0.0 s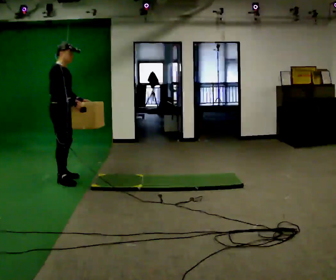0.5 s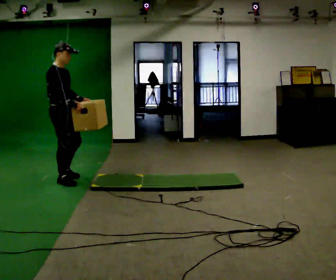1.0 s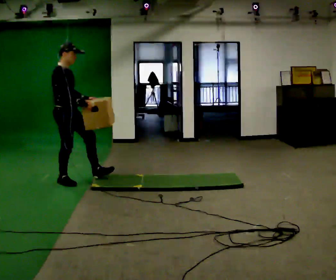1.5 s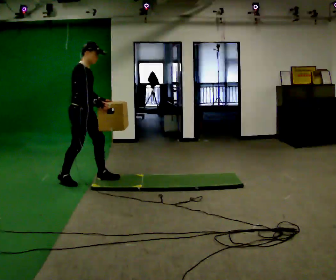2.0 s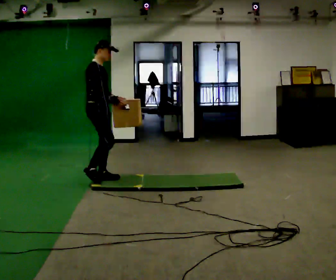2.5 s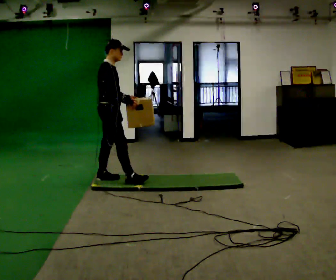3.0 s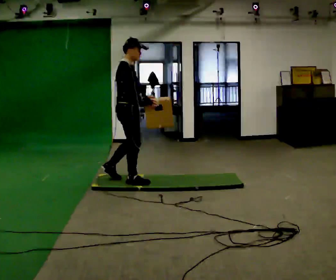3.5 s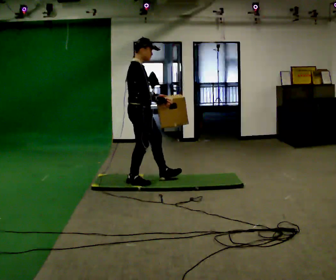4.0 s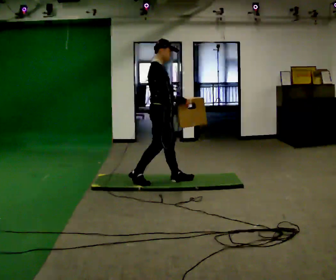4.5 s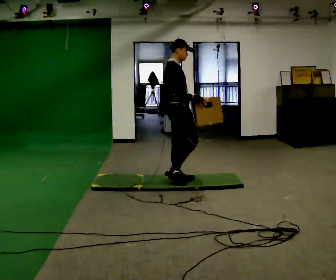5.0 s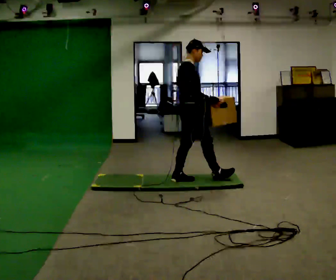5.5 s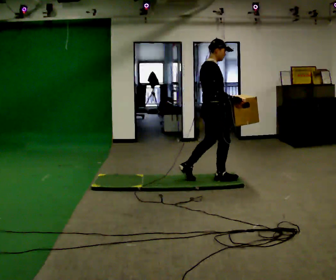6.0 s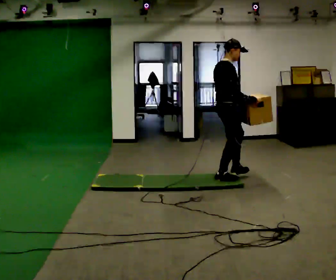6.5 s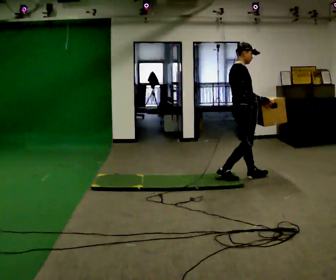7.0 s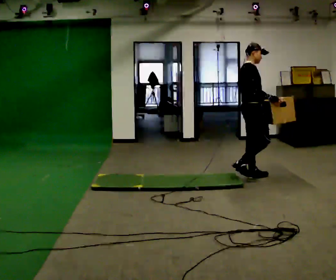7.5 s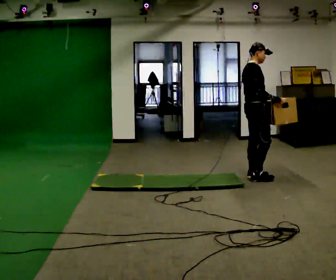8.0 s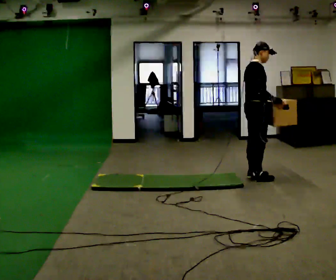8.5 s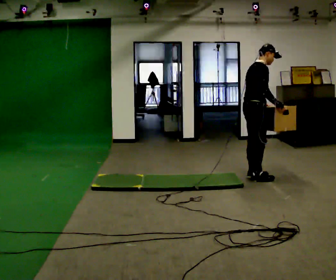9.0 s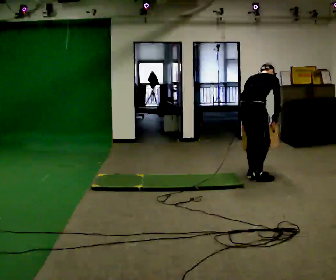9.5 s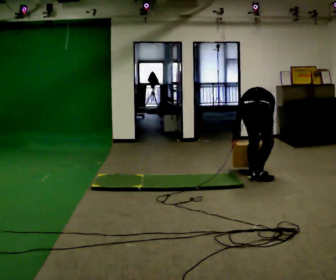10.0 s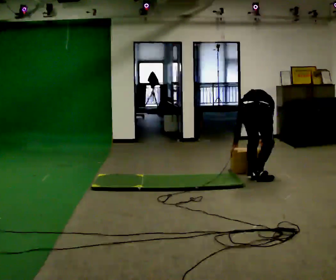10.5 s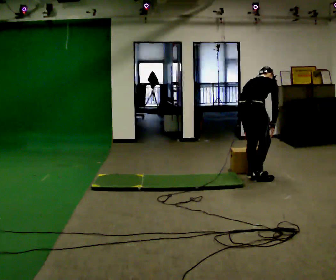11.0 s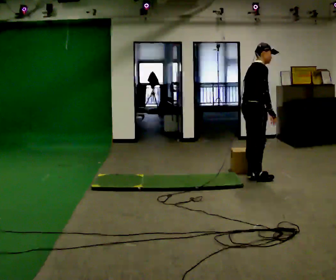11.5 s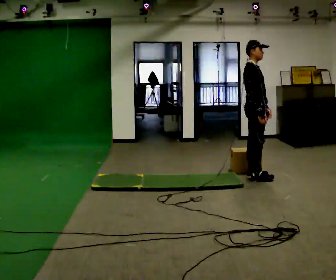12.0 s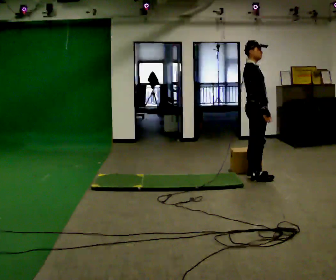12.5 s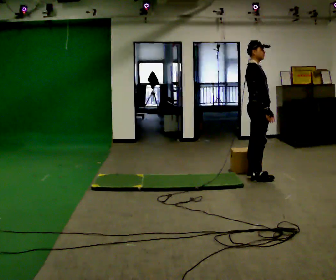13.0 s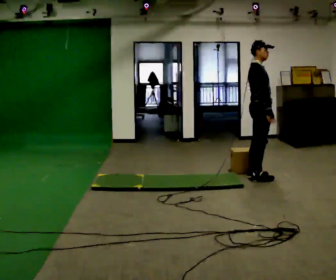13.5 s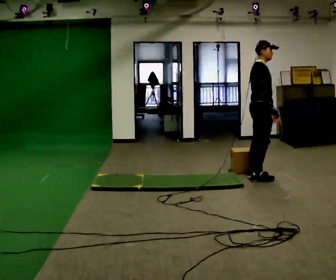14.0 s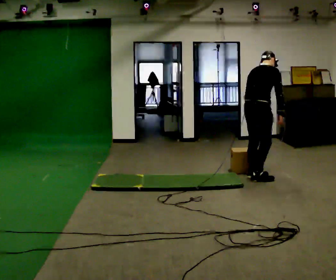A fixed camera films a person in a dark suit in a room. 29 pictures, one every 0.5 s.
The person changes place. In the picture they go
to the right.
0.0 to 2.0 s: In the picture they go to the right, about 0.5 m in 1 step, which for them is forward.
2.0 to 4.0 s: In the picture they go to the right, about 1 m in 2 steps, which for them is forward.
4.0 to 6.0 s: In the picture they go to the right and away from the camera, about 1 m in 1 step, which for them is forward.
6.0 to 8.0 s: In the picture they go to the right and away from the camera, about 0.25 m in 2 steps, which for them is forward.
8.0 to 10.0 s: The person turns about 60 degrees to their left, counterclockwise seen from above, so the part of the body nearest the lens slides to the right. In the picture they go toward the camera, about 0.25 m. The shoulders move downward. The upper body tips away from the camera, its near side rolling upward, as they bend forward. In the picture their left hand goes downward and to the left.
10.0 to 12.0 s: Seen from above the body turns clockwise, about 75 degrees: to their right, with its near side sliding to the left. In the picture they go away from the camera, about 0.25 m. The upper body goes upward. The upper body tips toward the camera, its near side rolling downward, as they lean back or straighten. In the picture their left hand goes upward and to the right.
12.0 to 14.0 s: The part of the body nearest the lens slides to the right as the person turns to their left by about 45 degrees. The upper body tips away from the camera, its near side rolling upward, as they bend forward.
The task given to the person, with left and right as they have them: Carry the box across the soft uneven mat, set it down on the far side, then bring it back. Keep going until the operator says stop; one object at a time, and do not rush between trips.
The film runs forward here.
